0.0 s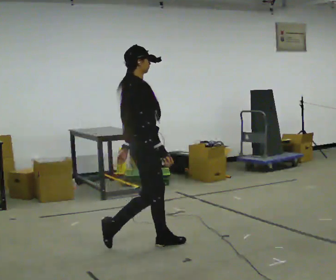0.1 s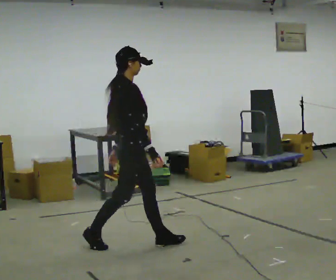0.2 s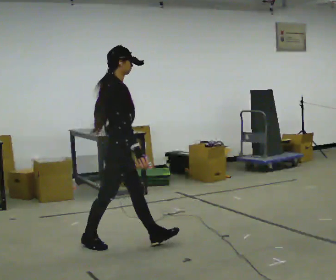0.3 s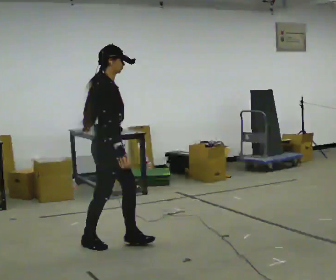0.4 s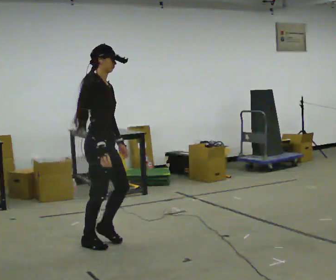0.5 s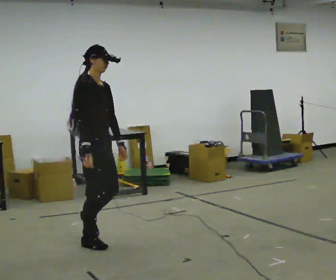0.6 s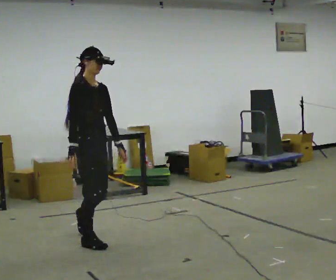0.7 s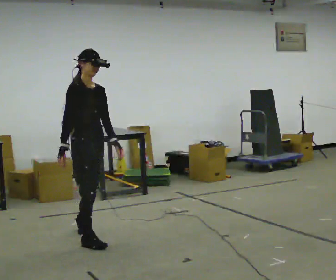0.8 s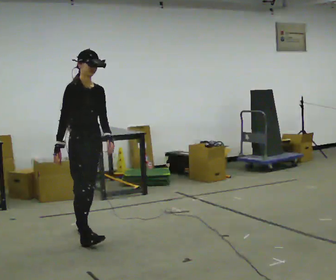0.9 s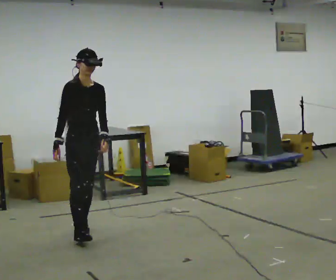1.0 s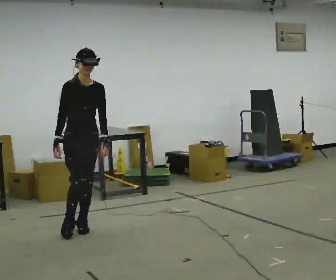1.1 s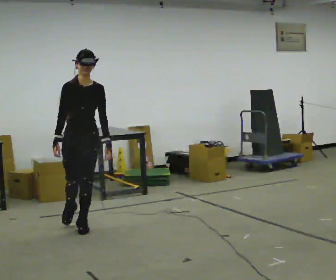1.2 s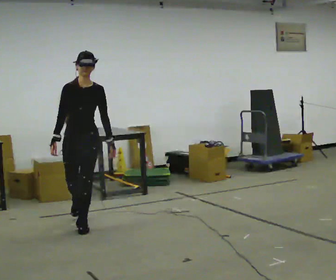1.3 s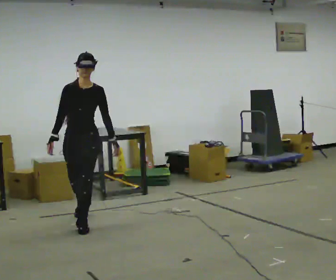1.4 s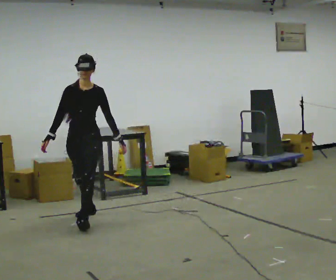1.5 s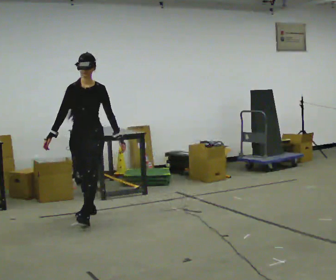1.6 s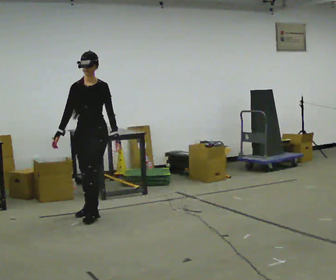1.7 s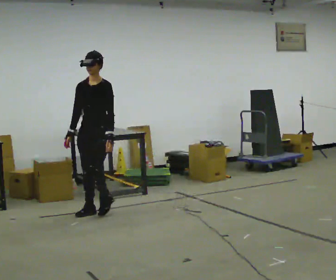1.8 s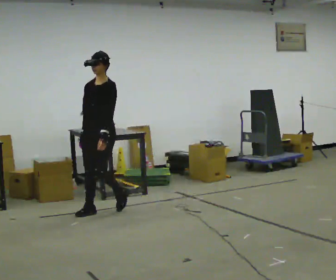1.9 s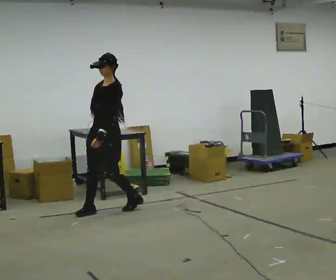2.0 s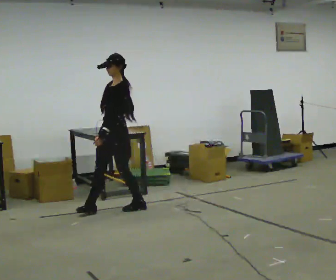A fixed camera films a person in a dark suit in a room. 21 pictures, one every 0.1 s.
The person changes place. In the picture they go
away from the camera.
The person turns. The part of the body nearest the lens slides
to the left.
0.0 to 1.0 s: The person turns about 75 degrees to their right, clockwise seen from above, so the part of the body nearest the lens slides to the left. In the picture they go to the left and away from the camera, about 0.5 m in 2 steps.
1.0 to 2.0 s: The person turns about 75 degrees to their right, clockwise seen from above, so the part of the body nearest the lens slides to the left. In the picture they go away from the camera and to the right, about 1 m in 2 steps.
The film runs backward here.
